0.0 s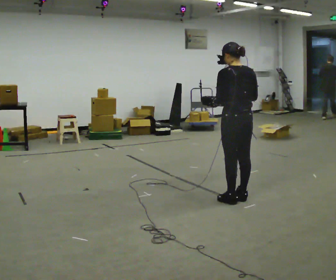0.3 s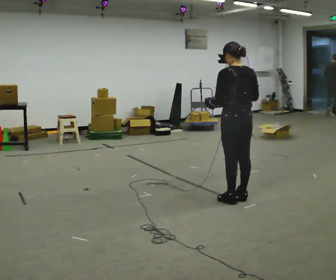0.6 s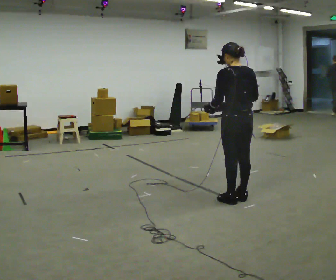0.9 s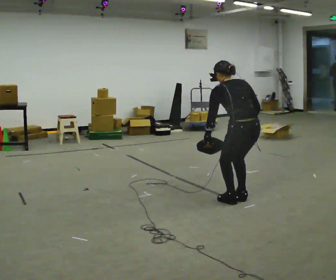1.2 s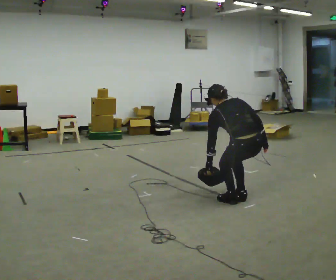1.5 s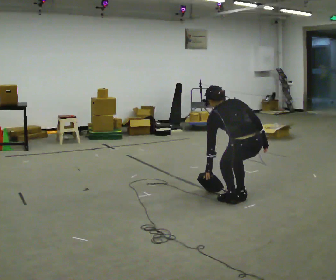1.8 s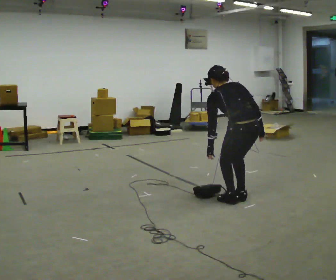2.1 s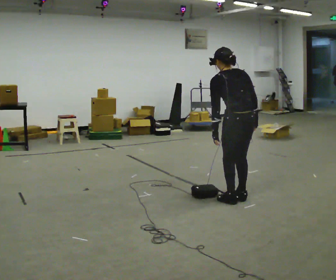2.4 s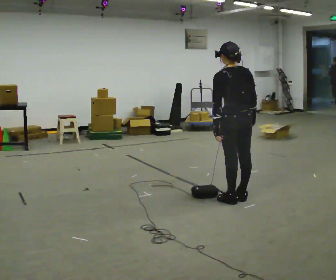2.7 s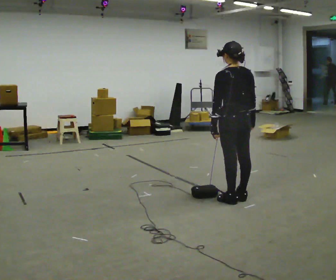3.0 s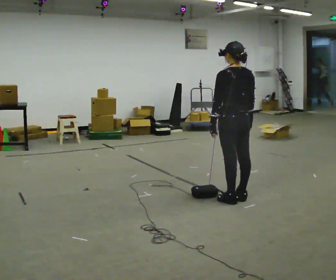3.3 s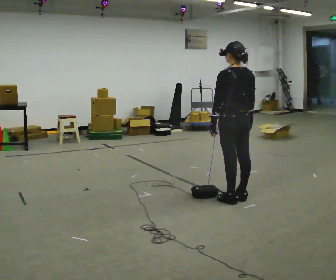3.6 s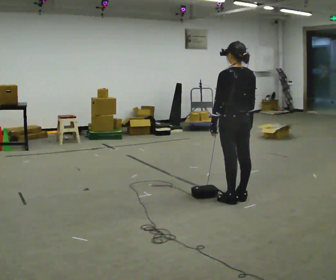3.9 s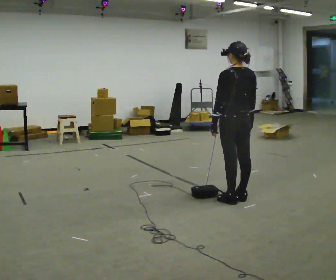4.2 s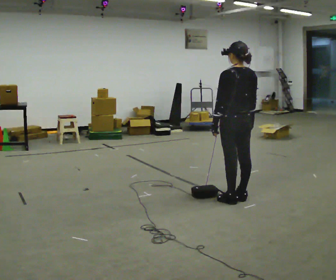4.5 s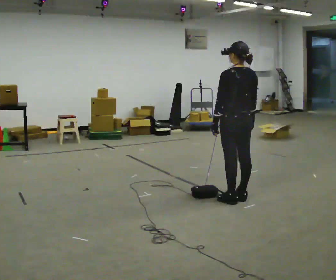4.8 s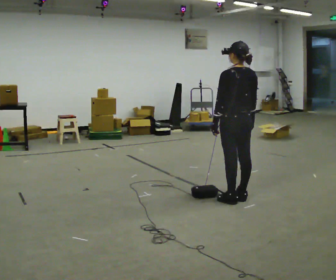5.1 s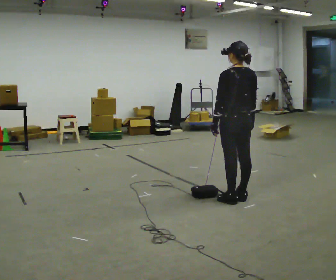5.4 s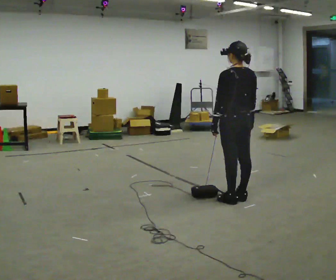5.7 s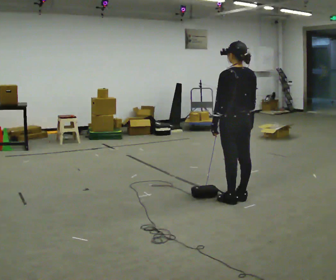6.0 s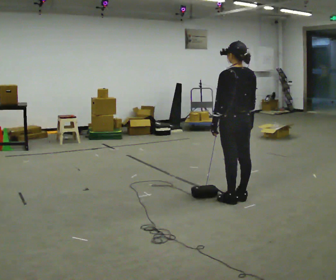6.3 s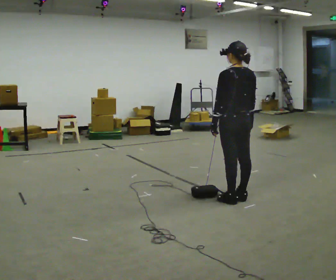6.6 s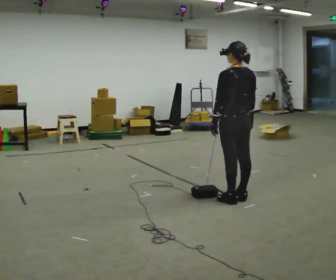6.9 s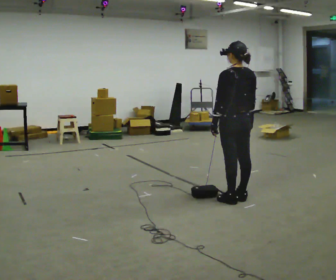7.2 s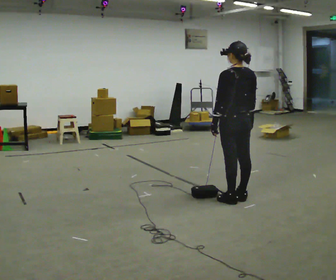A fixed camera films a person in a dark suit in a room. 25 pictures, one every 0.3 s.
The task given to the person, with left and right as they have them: Carry the bag and, while walking, undo the buckle or zip, then do it up again. Keep repeating as you walk. Do not stop.
0.0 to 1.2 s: The upper body goes downward. In the picture the upper body tilts counterclockwise, shoulders to the left, as they bend forward. In the picture their right hand goes downward.
1.2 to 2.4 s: The shoulders move upward. In the picture the upper body tilts clockwise, shoulders to the right, as they lean back or straighten.
2.4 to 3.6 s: The person moves a little, or ends about where they began.
3.6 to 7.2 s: The person keeps their place and pose.
The film runs forward here.
